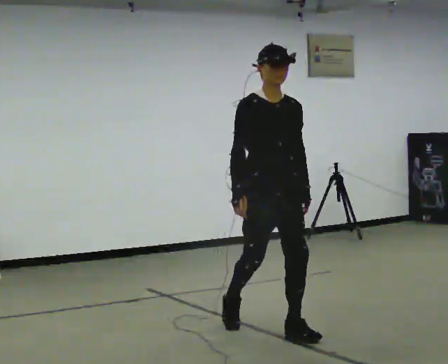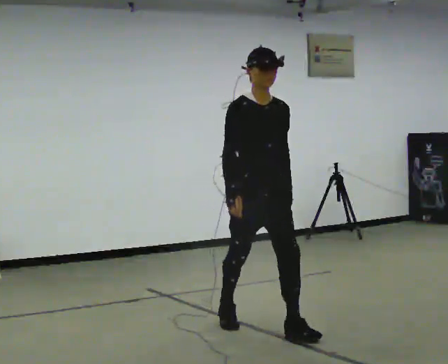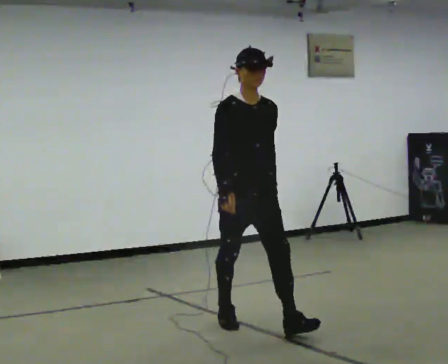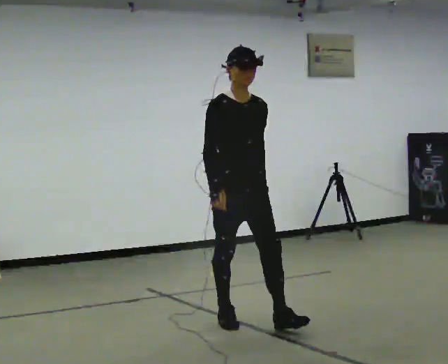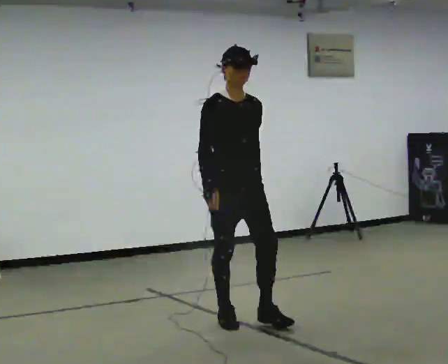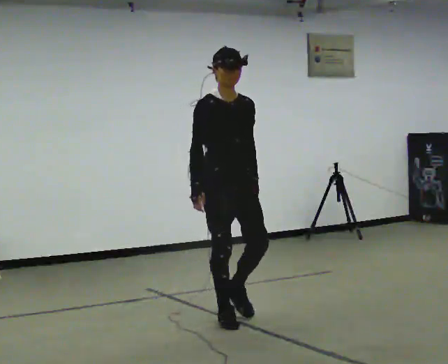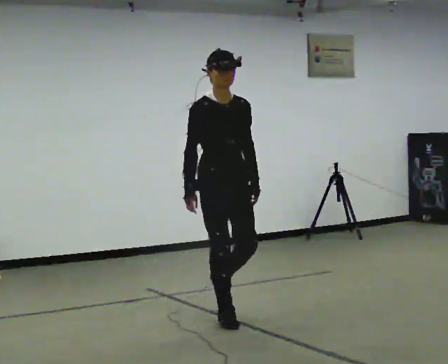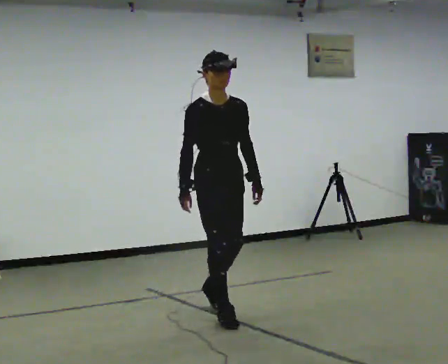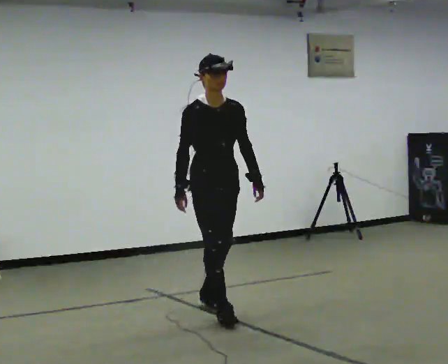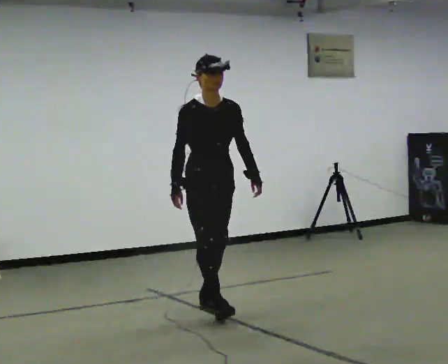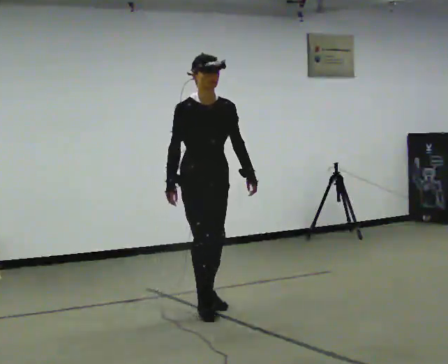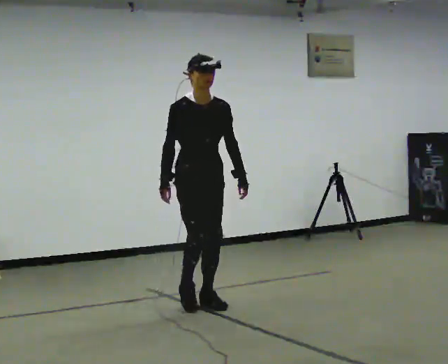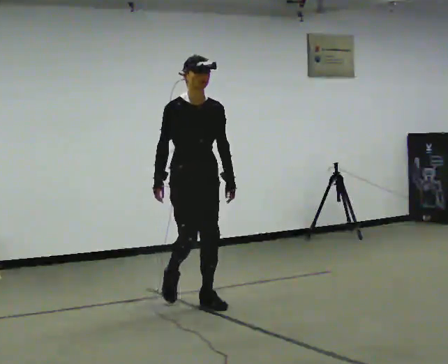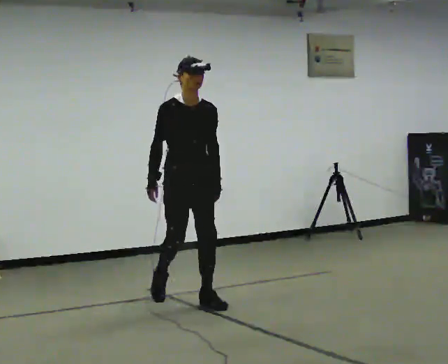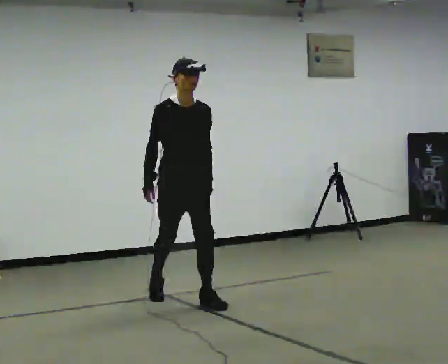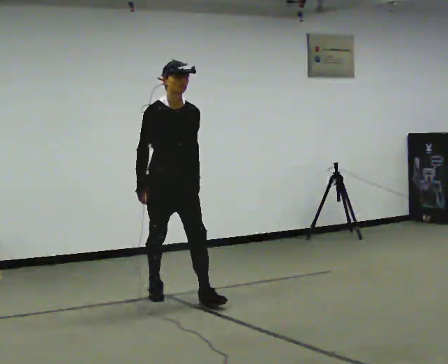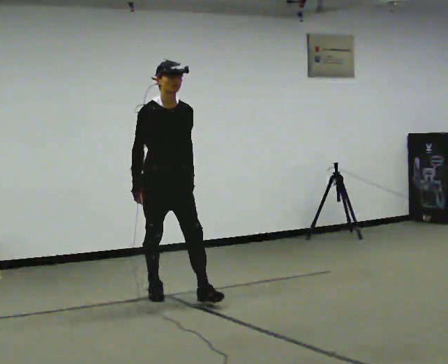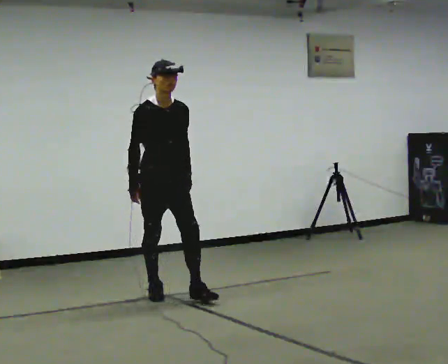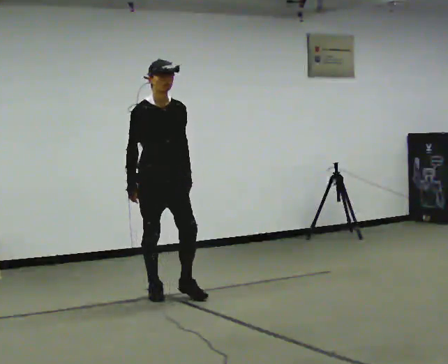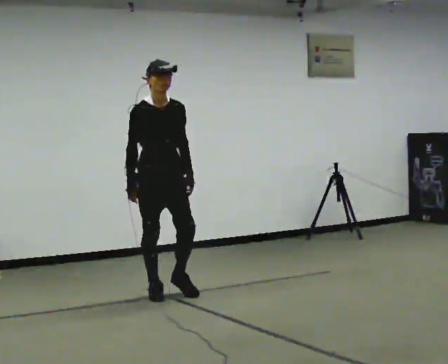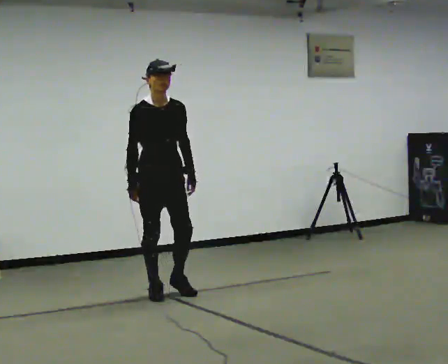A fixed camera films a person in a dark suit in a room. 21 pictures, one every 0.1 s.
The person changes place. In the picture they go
away from the camera.
0.0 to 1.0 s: In the picture they go away from the camera and to the left, about 1 m in 2 steps, which for them is backward.
1.0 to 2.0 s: In the picture they go away from the camera and to the left, about 0.5 m in 1 step, which for them is backward.
The film runs backward here.
